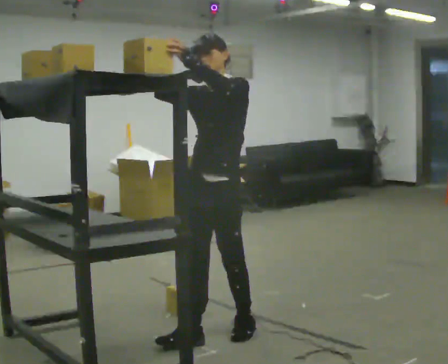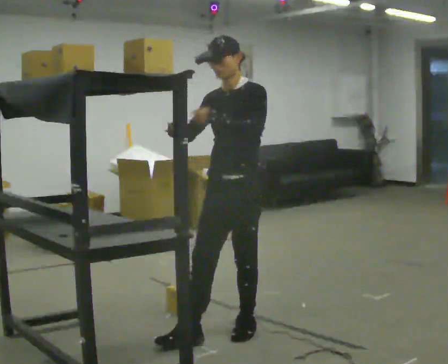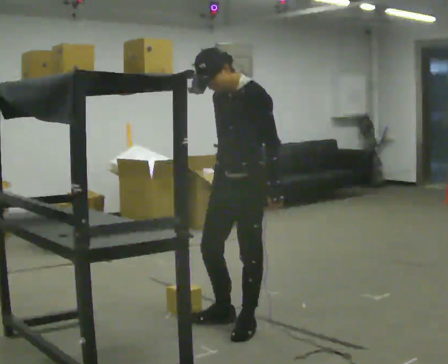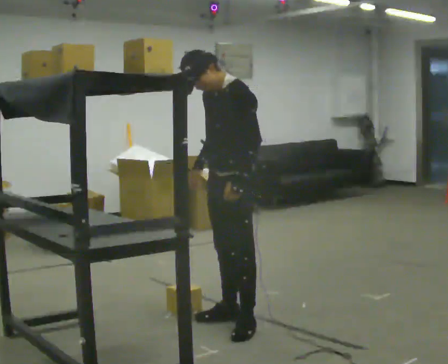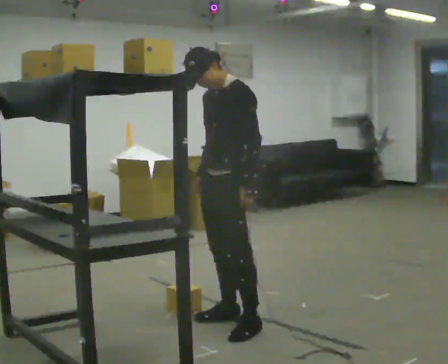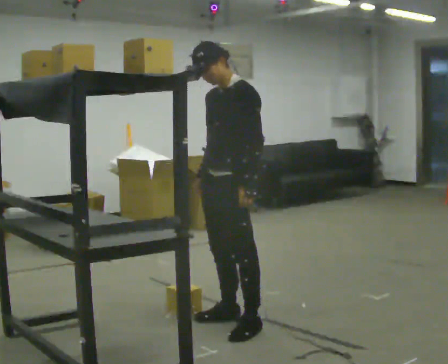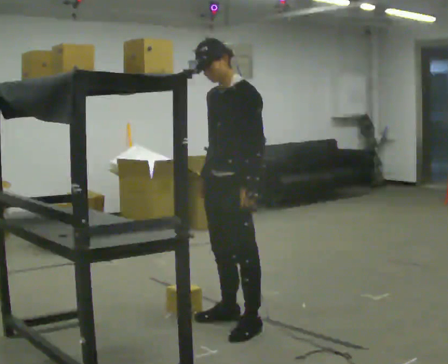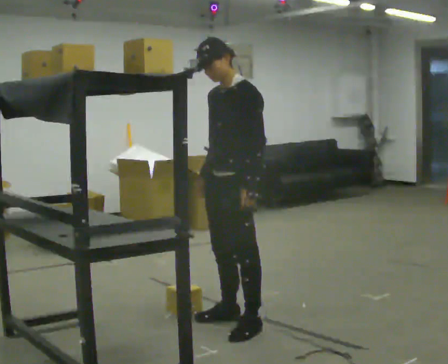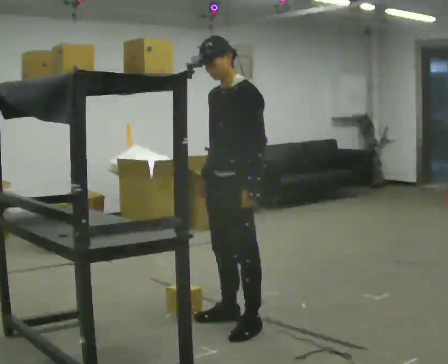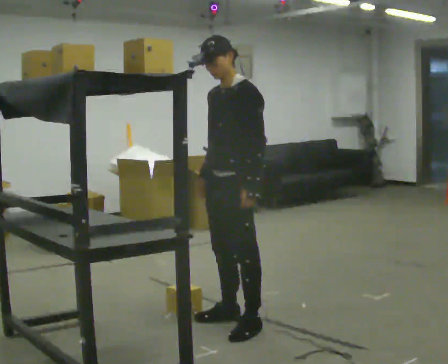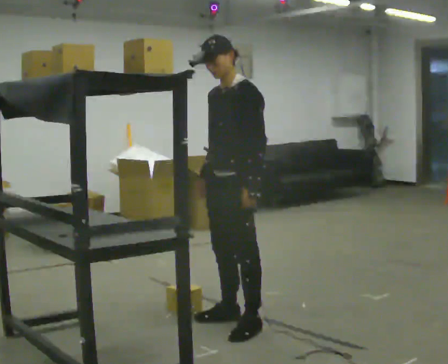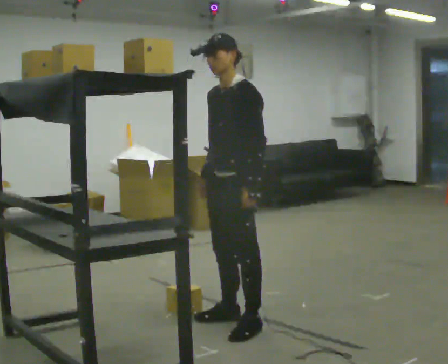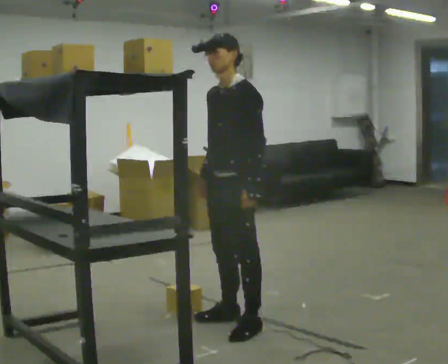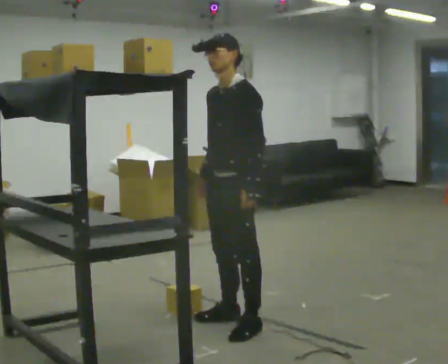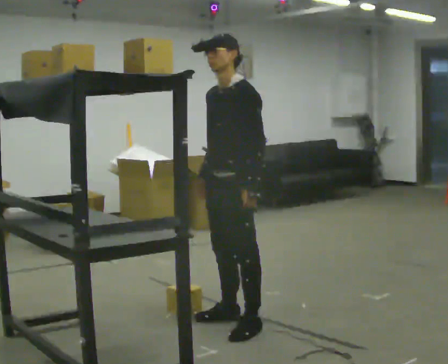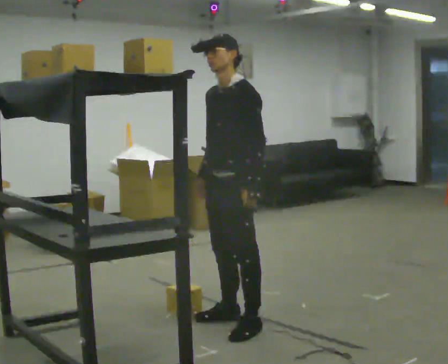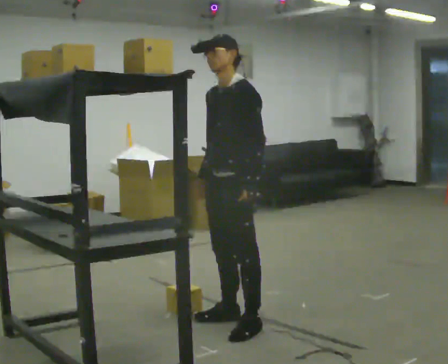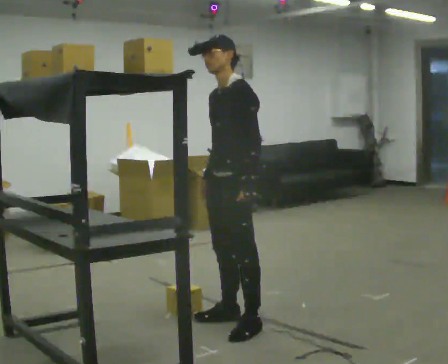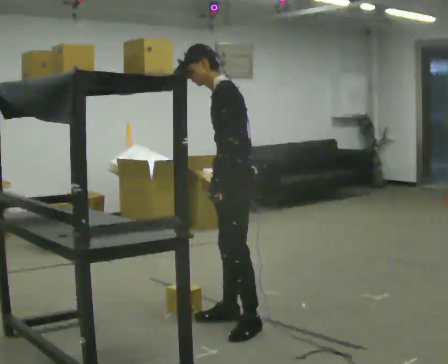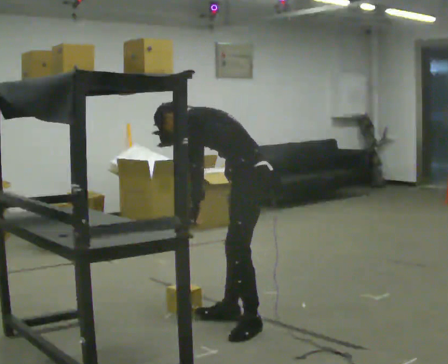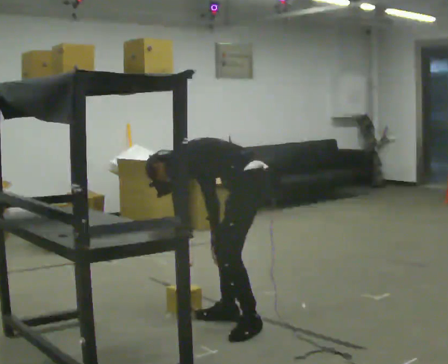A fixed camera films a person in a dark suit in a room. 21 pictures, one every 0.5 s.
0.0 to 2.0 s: In the picture they go away from the camera, about 0.25 m in 1 step, which for them is backward and to their right. In the picture their right hand goes downward, the arm swinging counterclockwise.
2.0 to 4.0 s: The person moves a little, or ends about where they began.
4.0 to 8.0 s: The person keeps their place and pose.
8.0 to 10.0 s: The part of the body nearest the lens slides to the left as the person turns to their right by about 60 degrees. The upper body goes downward. In the picture the upper body tilts counterclockwise, shoulders to the left, as they bend forward. In the picture their right hand goes downward.
The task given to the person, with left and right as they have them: Place the object on the shelf just at the top of your comfortable reach. Repeat at your own pace until the operator says stop. Keep both feet on the marked spots for the whole take. If you have to step, stop and tell the operator.
The film runs forward here.
